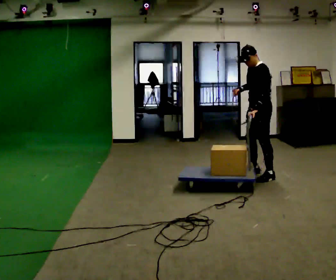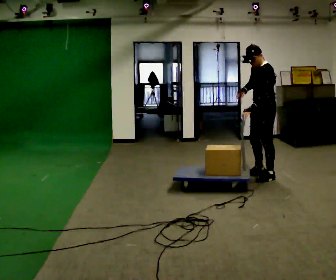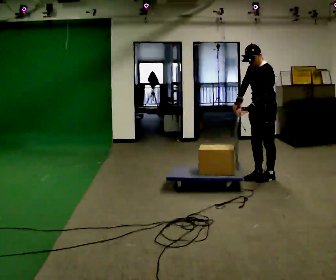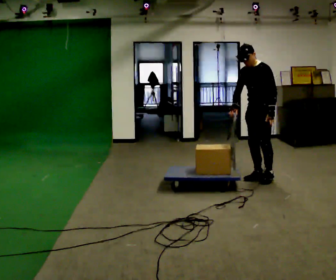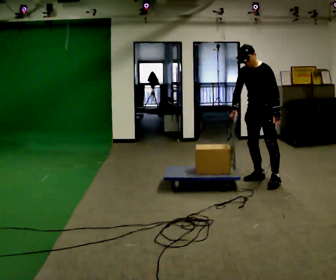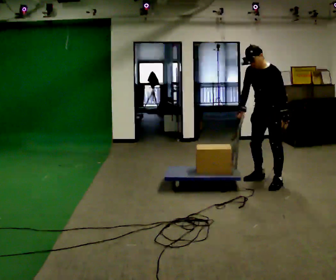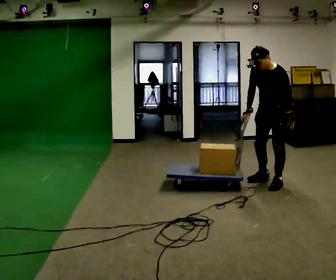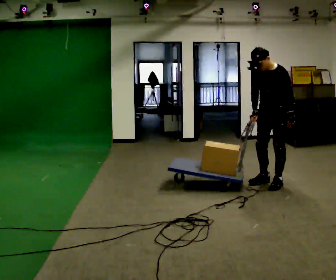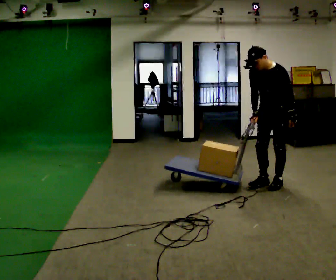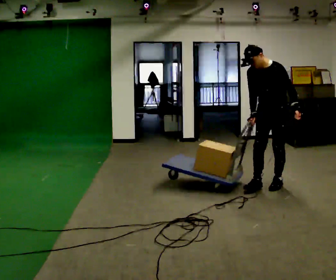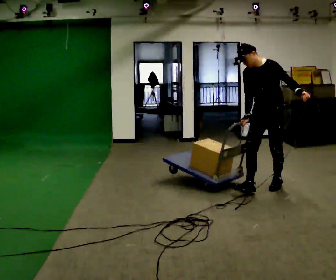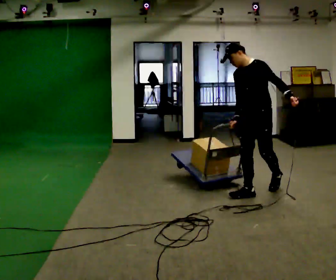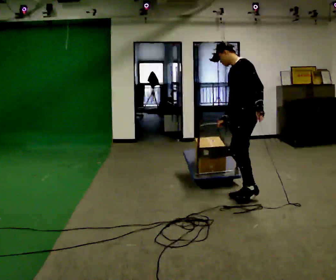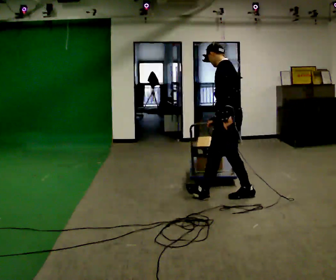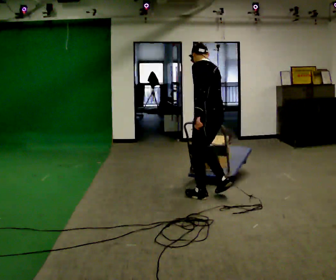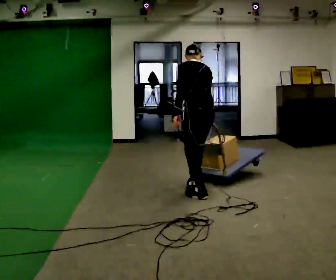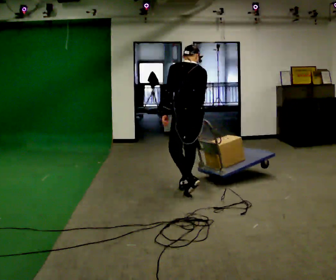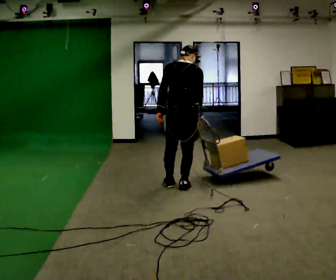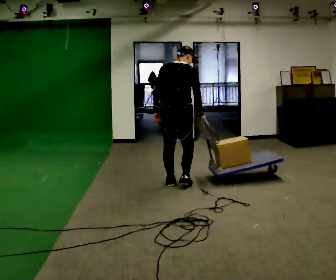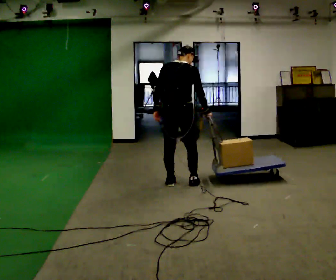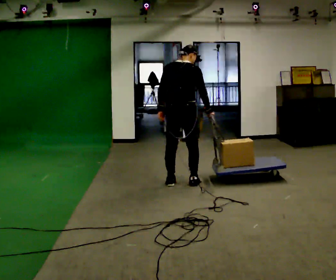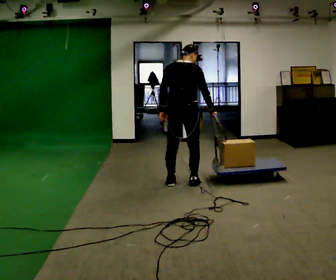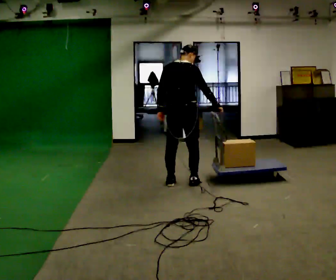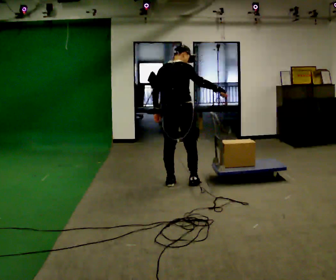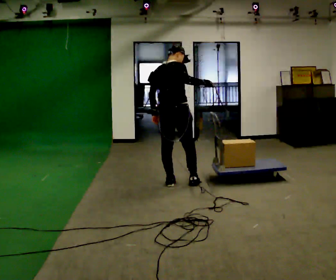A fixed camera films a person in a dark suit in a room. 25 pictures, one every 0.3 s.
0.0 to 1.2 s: The part of the body nearest the lens slides to the right as the person turns to their left by about 30 degrees. In the picture they go toward the camera, about 0.25 m in 1 step, which for them is to their left.
1.2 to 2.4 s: In the picture they go toward the camera, about 0.25 m in 1 step, which for them is to their left and forward.
2.4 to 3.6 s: Seen from above the body turns clockwise, about 45 degrees: to their right, with its near side sliding to the left. In the picture they go toward the camera and to the left, about 0.5 m in 1 step, which for them is forward. The upper body tips away from the camera, its near side rolling upward.
3.6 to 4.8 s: The person turns about 75 degrees to their right, clockwise seen from above, so the part of the body nearest the lens slides to the left. In the picture they go to the left, about 0.75 m in 2 steps.
4.8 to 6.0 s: The part of the body nearest the lens slides to the left as the person turns to their right by about 30 degrees. In the picture they go away from the camera, about 0.25 m in 2 steps, which for them is forward.
6.0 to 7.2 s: In the picture their right hand goes upward.
The film runs forward here.
